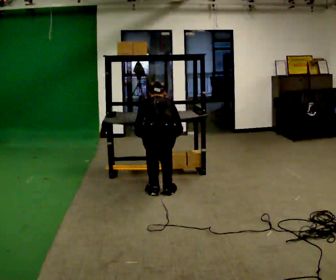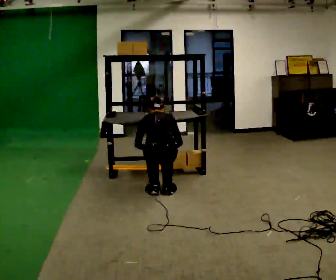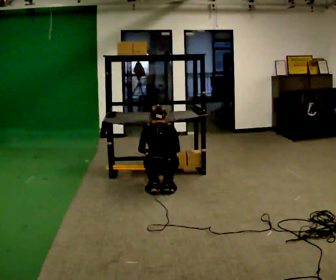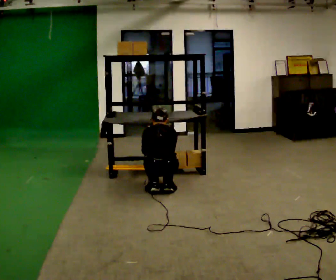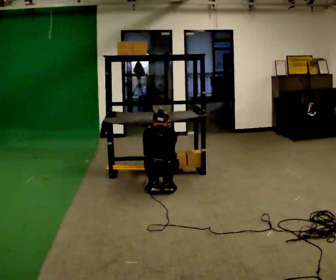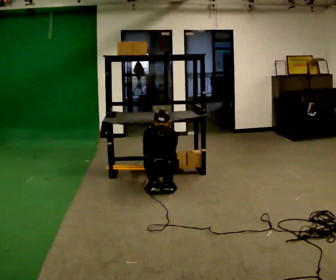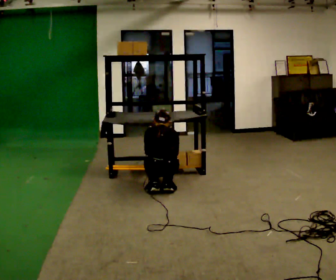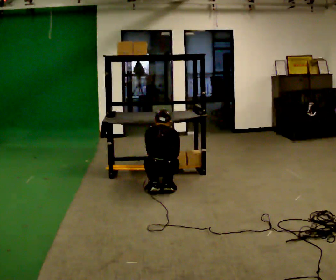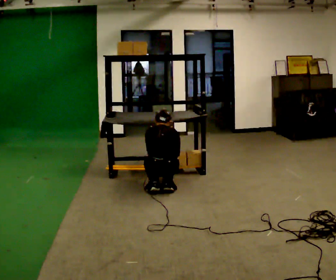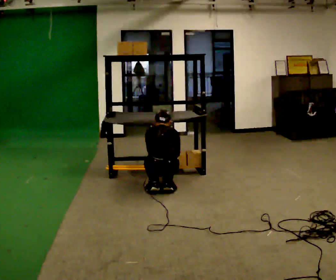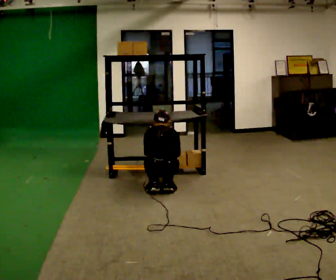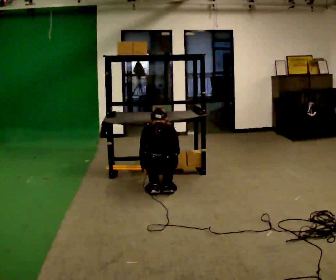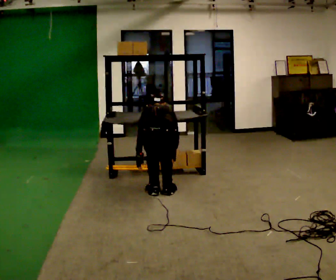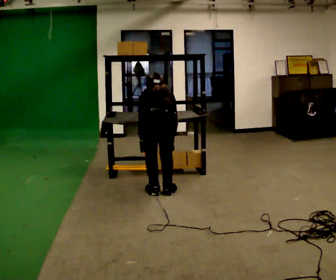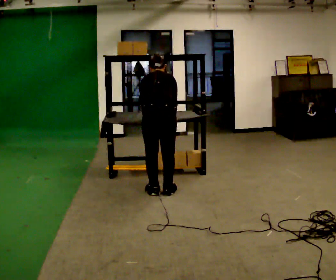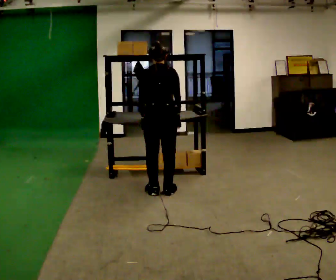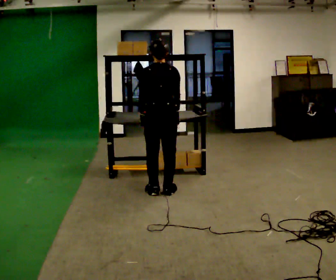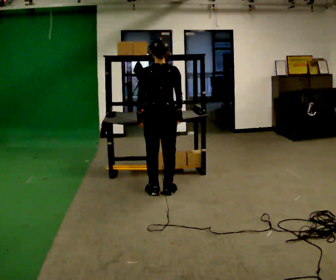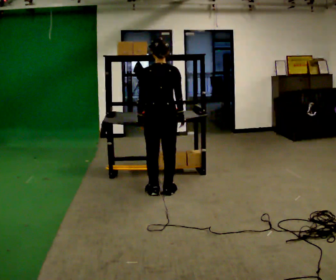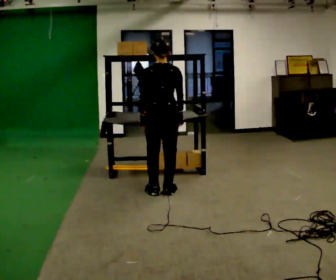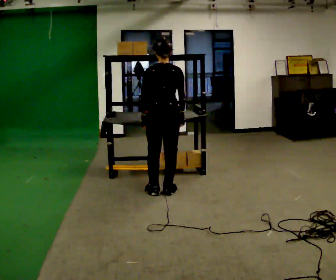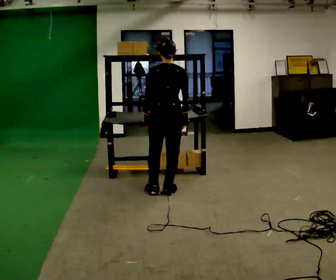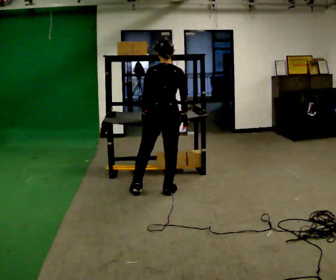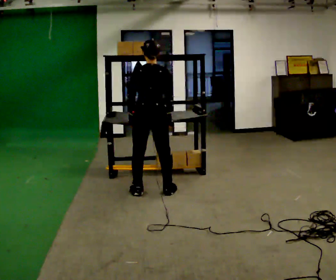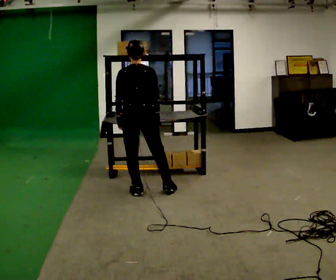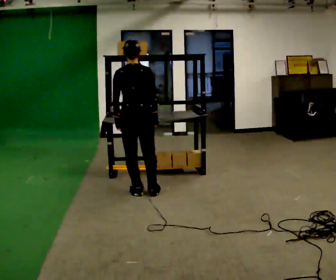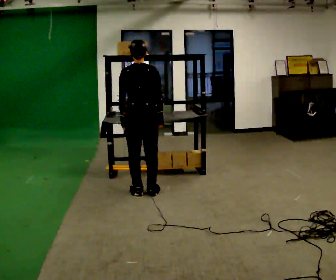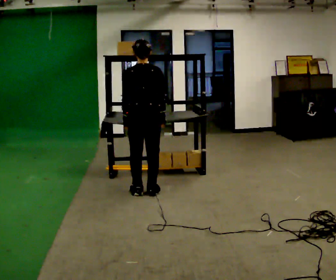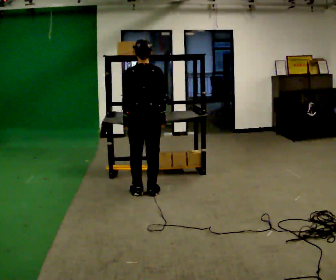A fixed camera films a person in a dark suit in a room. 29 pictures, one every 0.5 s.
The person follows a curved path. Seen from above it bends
counterclockwise.
0.0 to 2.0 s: The upper body goes downward.
2.0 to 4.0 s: The person moves a little, or ends about where they began.
4.0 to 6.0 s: The shoulders move upward. The upper body tips away from the camera, its near side rolling upward, as they bend forward.
6.0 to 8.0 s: In the picture they go away from the camera, about 0.25 m, which for them is forward. The shoulders move upward. The upper body tips toward the camera, its near side rolling downward, as they lean back or straighten. In the picture their left hand goes upward.
8.0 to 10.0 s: The person moves a little, or ends about where they began.
10.0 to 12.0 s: In the picture they go to the left, about 0.25 m in 1 step, which for them is to their left.
12.0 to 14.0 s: The person moves a little, or ends about where they began.
The film runs forward here.
